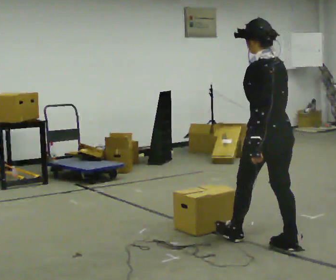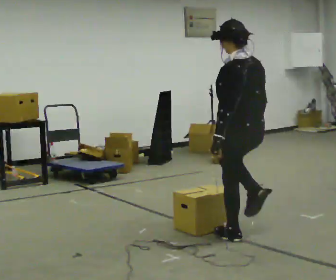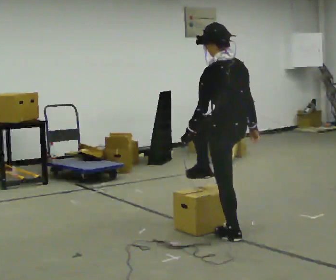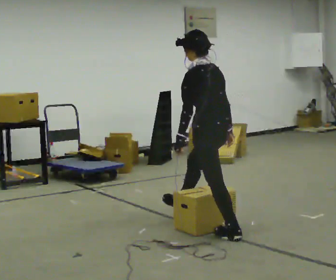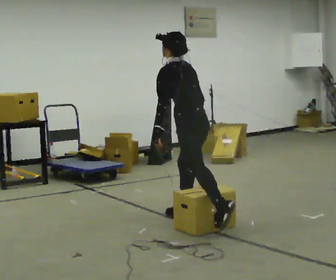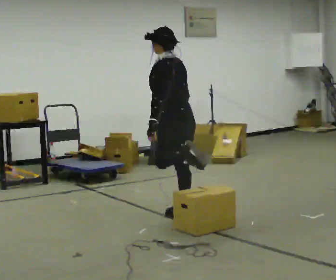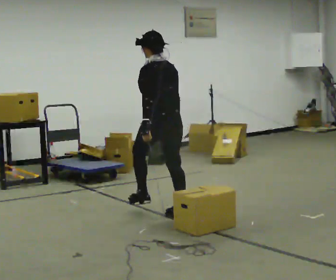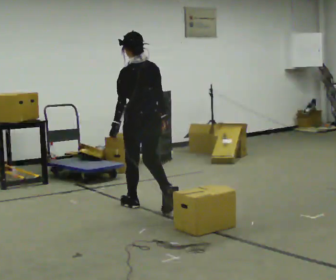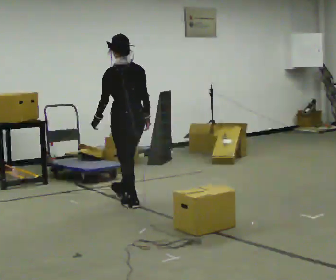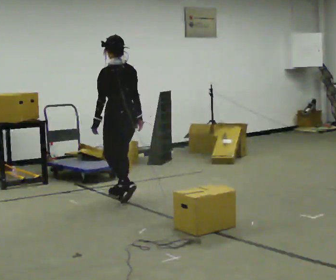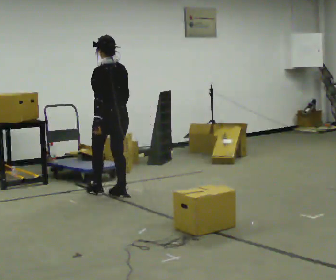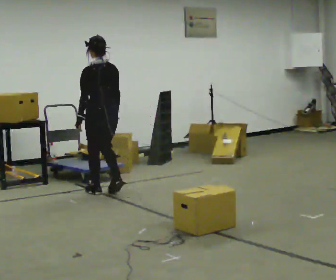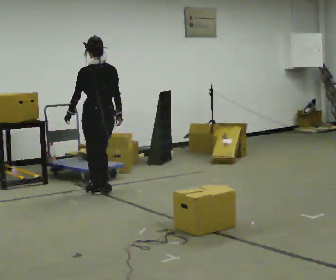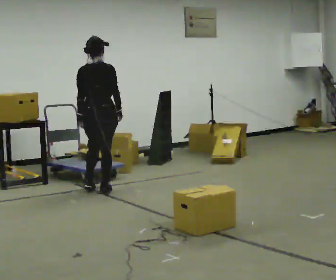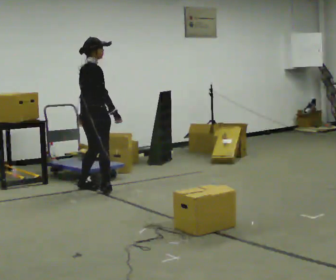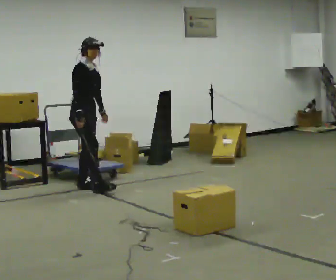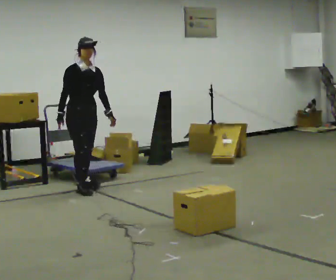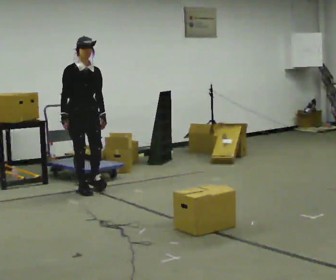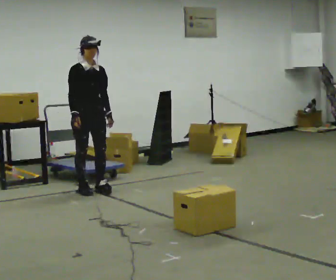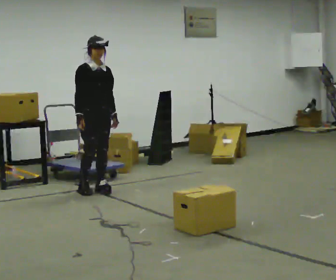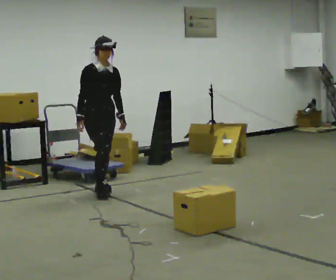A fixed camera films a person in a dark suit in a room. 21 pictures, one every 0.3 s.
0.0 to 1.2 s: In the picture they go away from the camera and to the left, about 1 m in 2 steps, which for them is forward.
1.2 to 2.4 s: In the picture they go away from the camera and to the left, about 1 m in 1 step, which for them is forward. The upper body tips toward the camera, its near side rolling downward, as they lean back or straighten.
2.4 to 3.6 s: In the picture they go away from the camera and to the left, about 0.5 m in 3 steps, which for them is forward.
3.6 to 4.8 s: The person turns about 165 degrees to their right, clockwise seen from above, so the part of the body nearest the lens slides to the left. In the picture they go to the left, about 0.25 m in 2 steps. In the picture their left hand goes to the right, the arm swinging counterclockwise.
4.8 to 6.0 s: In the picture they go to the right and toward the camera, about 0.25 m in 1 step, which for them is forward.
The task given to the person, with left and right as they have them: Walk across the room at a normal pace, looking ahead. Something may appear in your way. Deal with it however comes naturally and carry on.
The film runs forward here.
